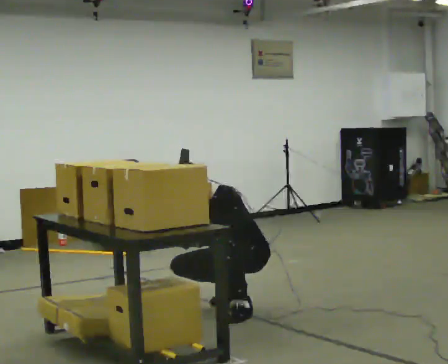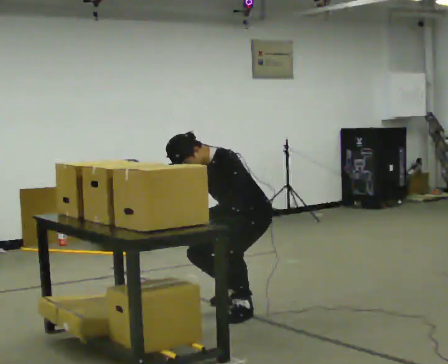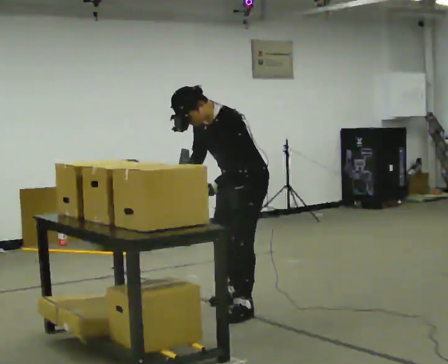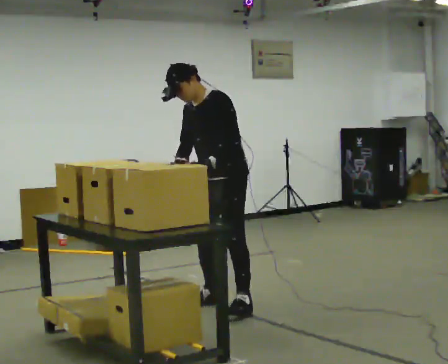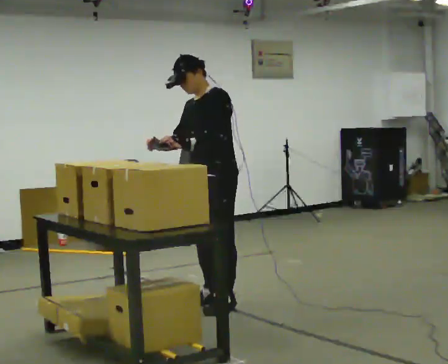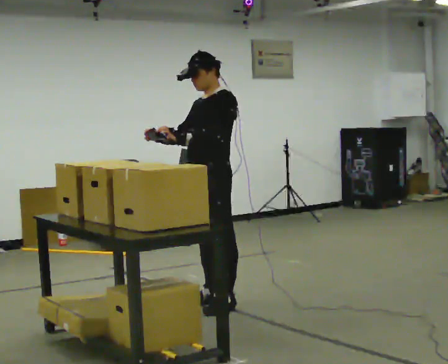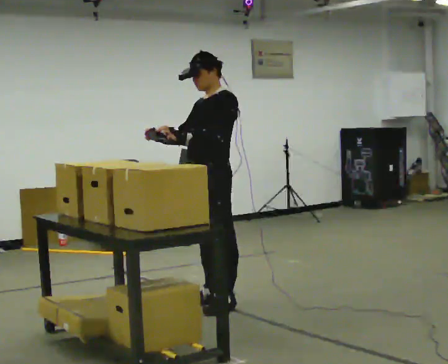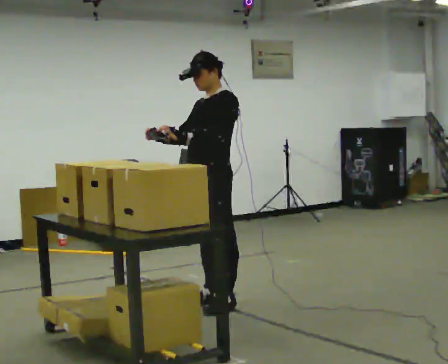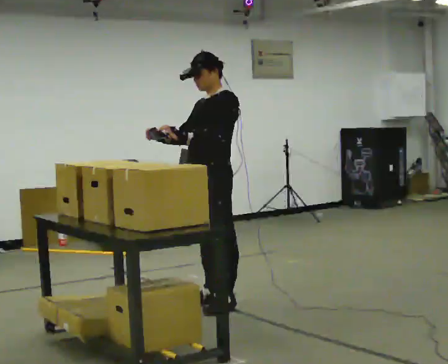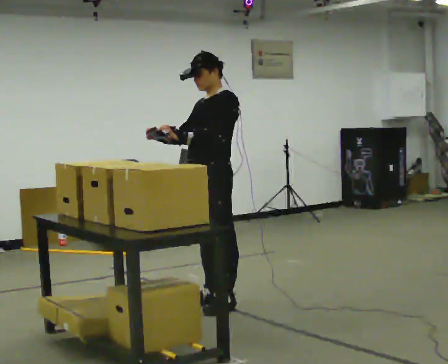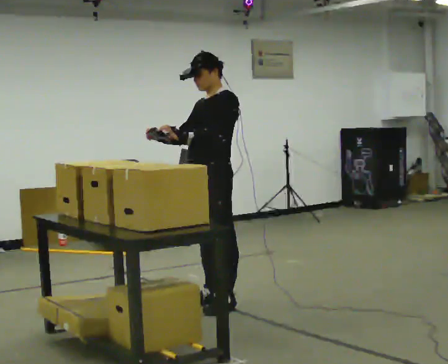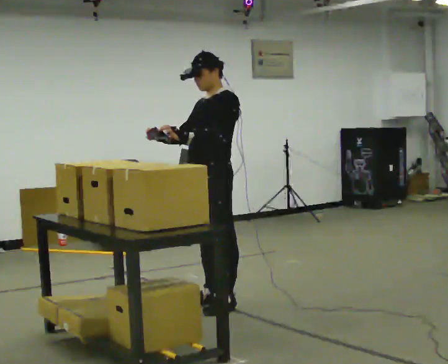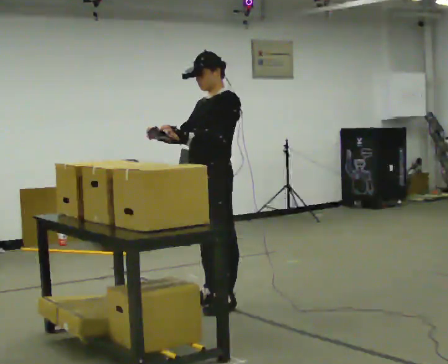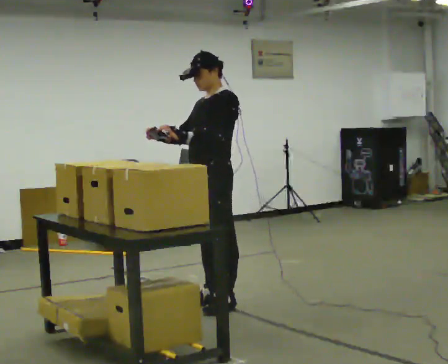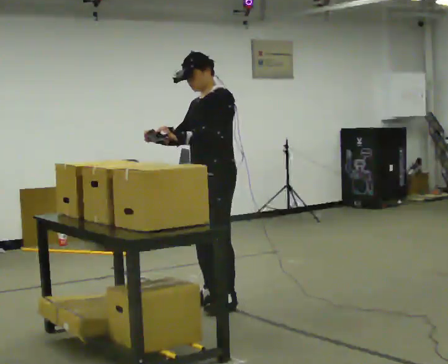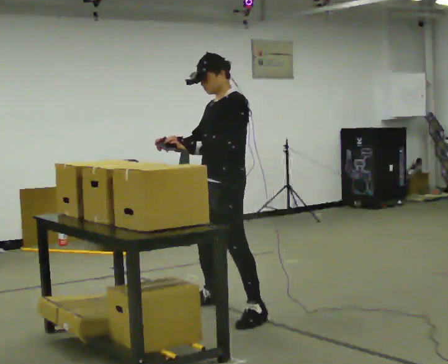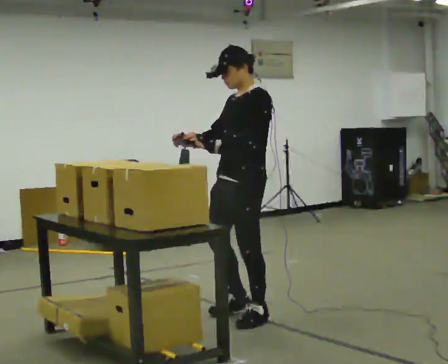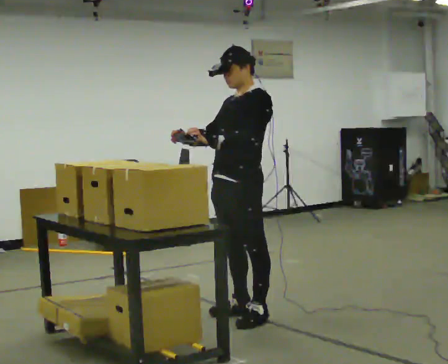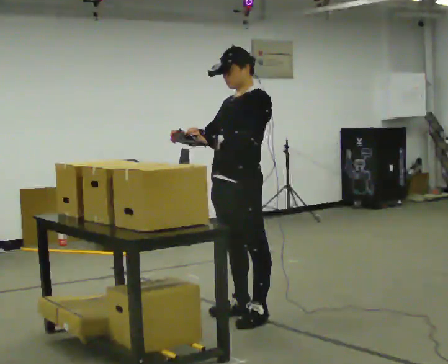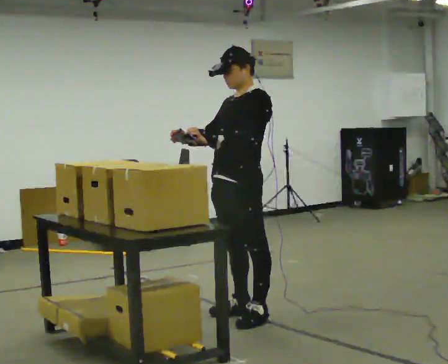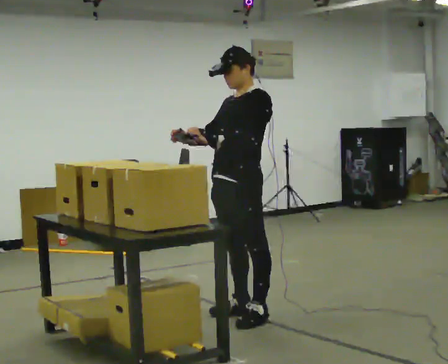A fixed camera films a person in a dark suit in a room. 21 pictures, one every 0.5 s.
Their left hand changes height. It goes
upward.
Their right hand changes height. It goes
upward.
0.0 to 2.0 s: In the picture they go to the left, about 0.25 m in 2 steps, which for them is forward and to their right. The shoulders move upward. In the picture the upper body tilts clockwise, shoulders to the right, as they lean back or straighten. In the picture their right hand goes upward.
2.0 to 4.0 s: In the picture the upper body tilts clockwise, shoulders to the right.
4.0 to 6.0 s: The person keeps their place and pose.
6.0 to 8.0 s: In the picture they go toward the camera and to the right, about 0.5 m in 2 steps, which for them is to their left.
8.0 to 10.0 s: The person moves a little, or ends about where they began.
The film runs backward here.
